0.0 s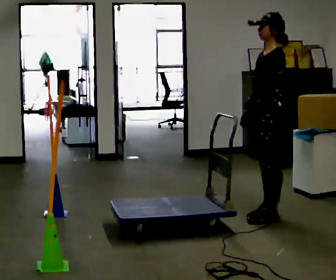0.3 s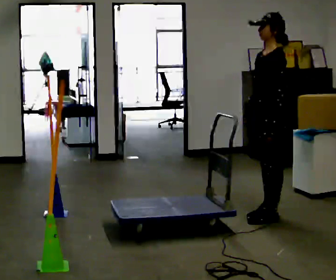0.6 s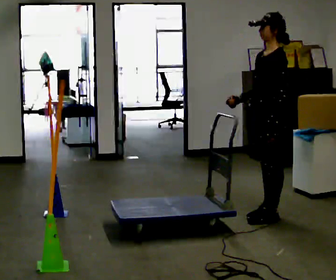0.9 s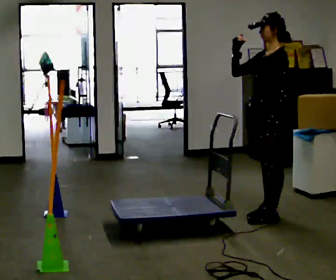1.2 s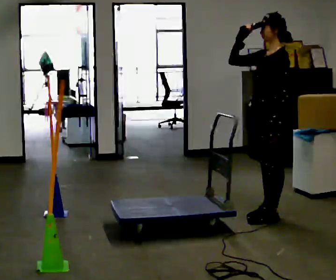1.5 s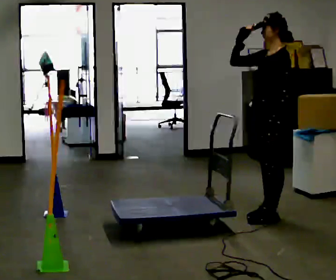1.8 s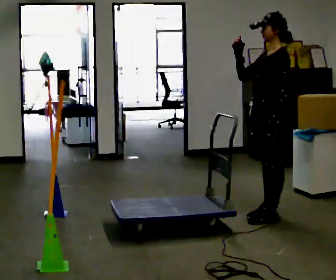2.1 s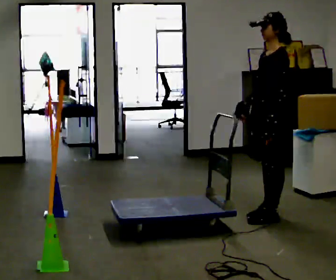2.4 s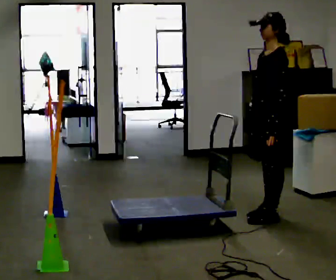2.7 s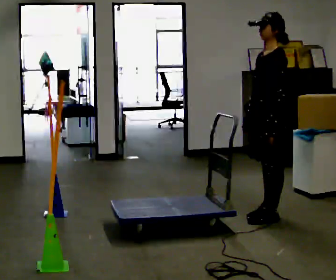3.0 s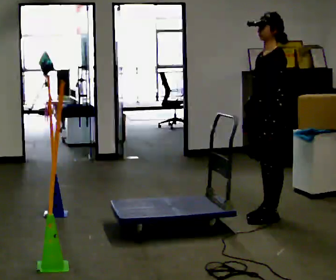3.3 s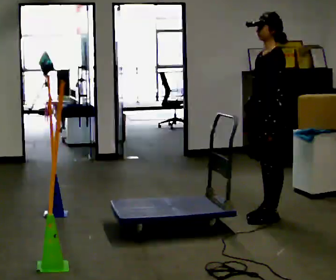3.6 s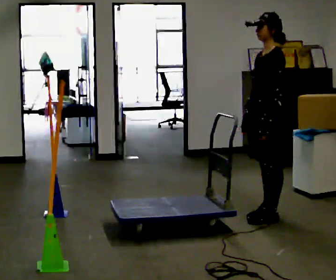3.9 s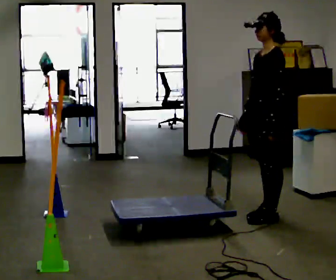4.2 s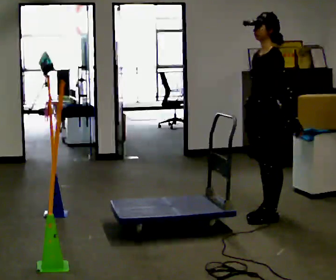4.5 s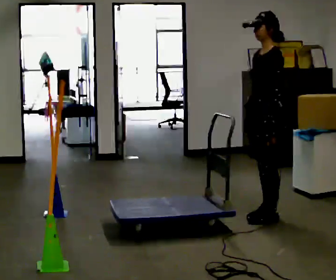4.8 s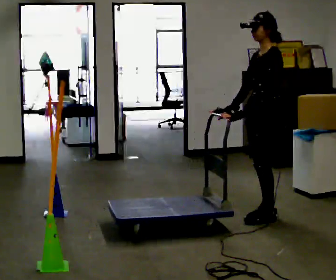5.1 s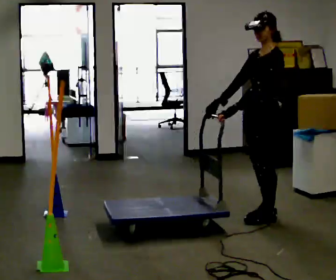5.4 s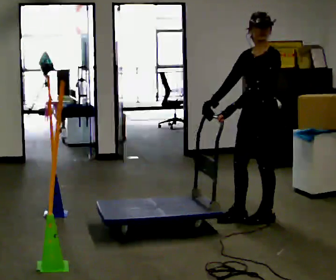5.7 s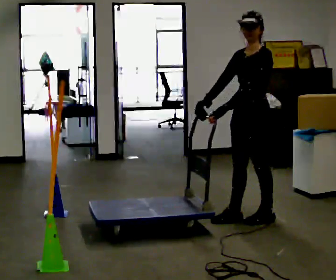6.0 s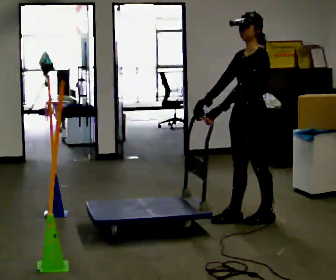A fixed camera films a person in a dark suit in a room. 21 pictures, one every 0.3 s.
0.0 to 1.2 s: In the picture their right hand goes upward, the arm swinging clockwise.
1.2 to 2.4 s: In the picture their right hand goes downward.
2.4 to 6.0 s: In the picture their right hand goes to the left.
The film runs backward here.
